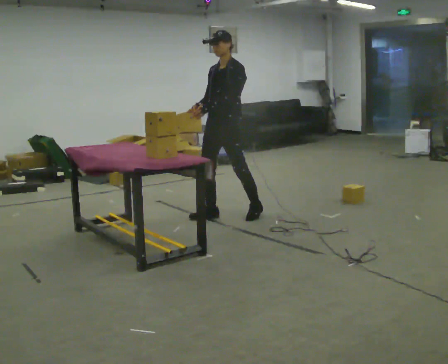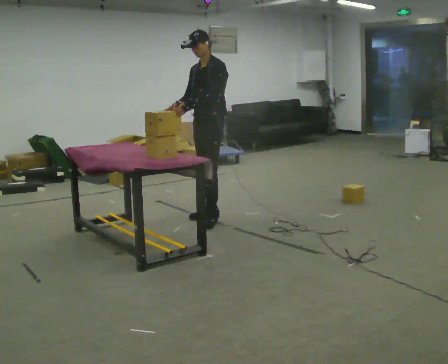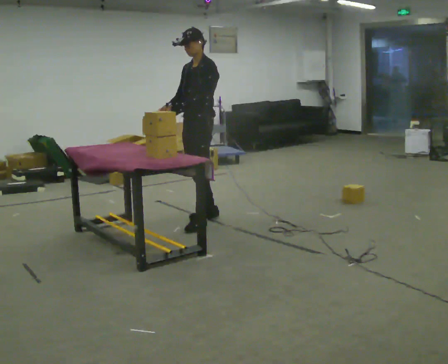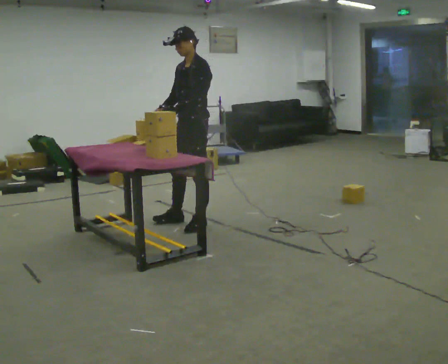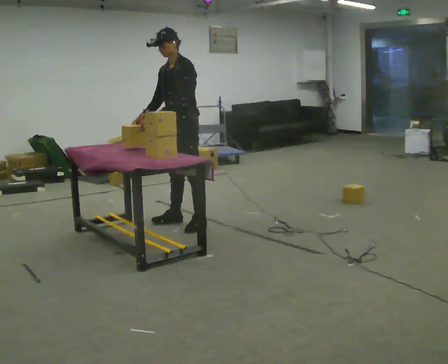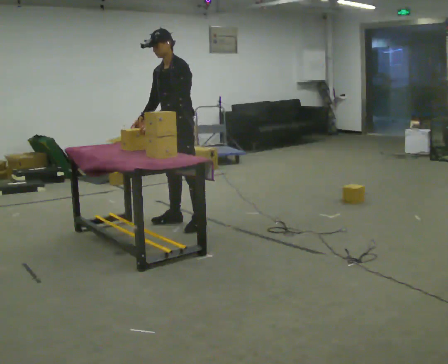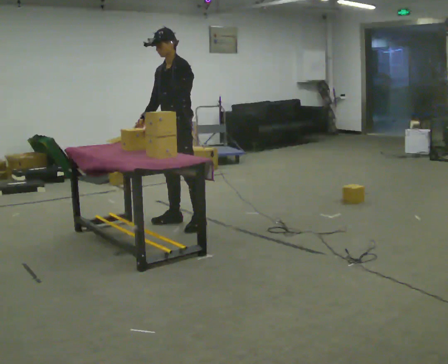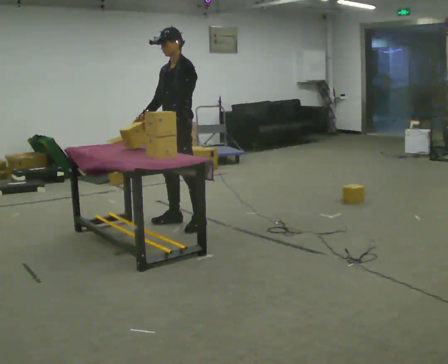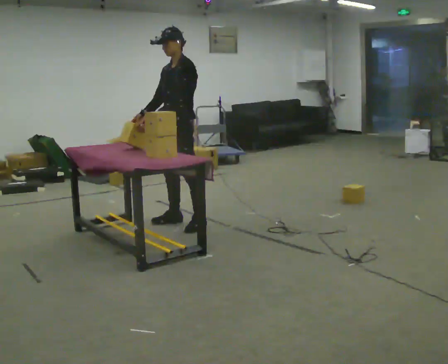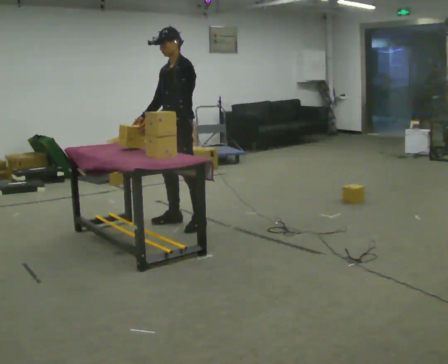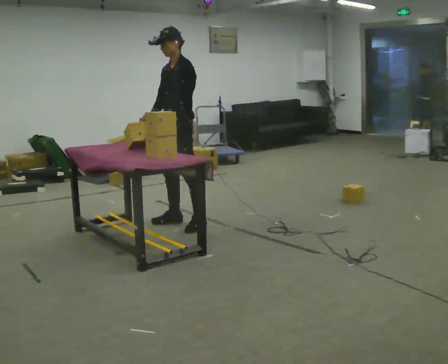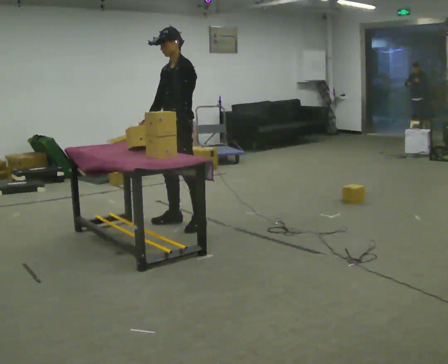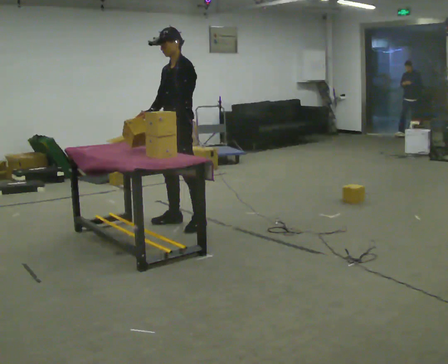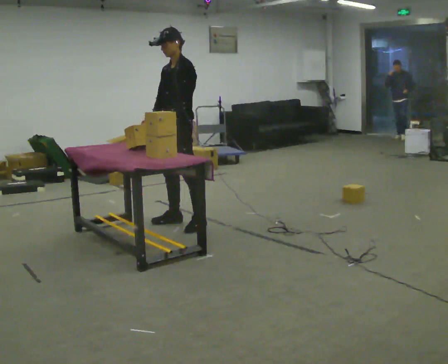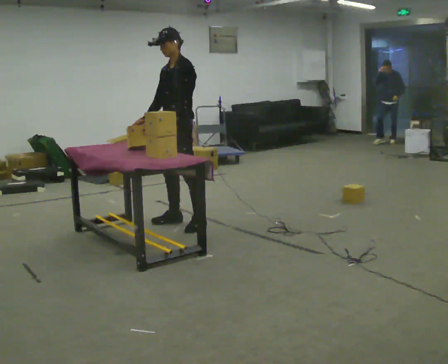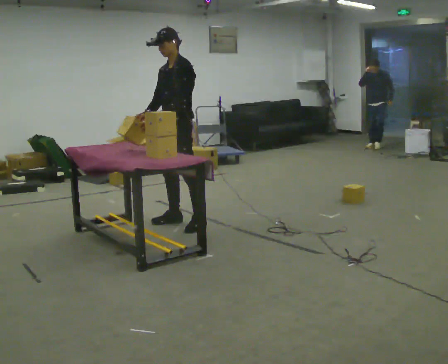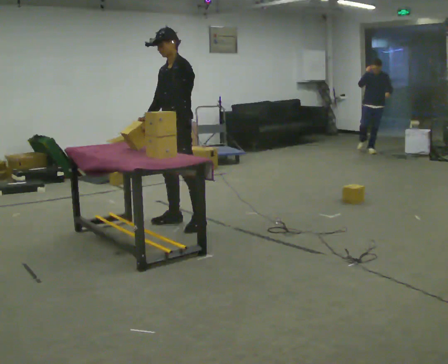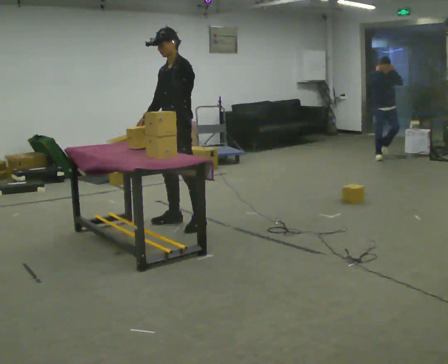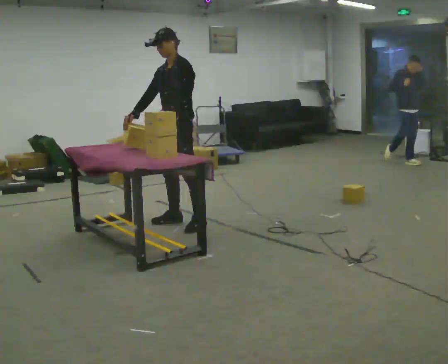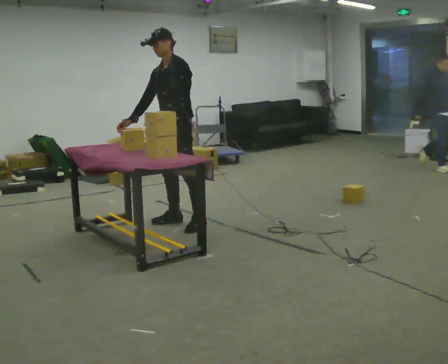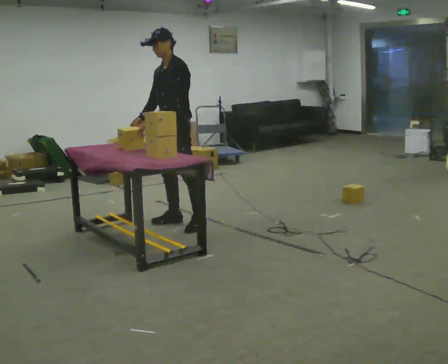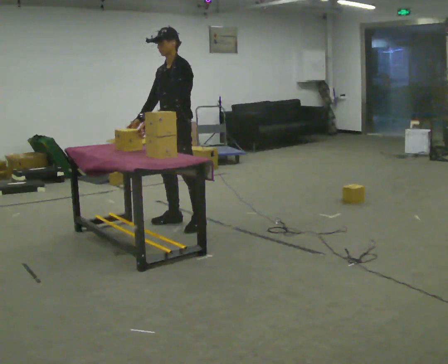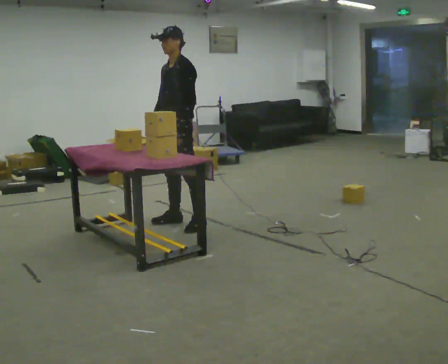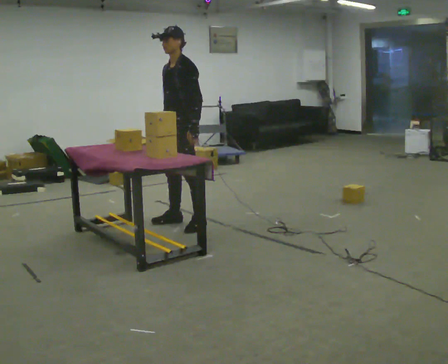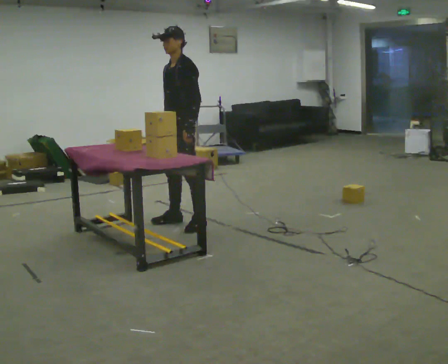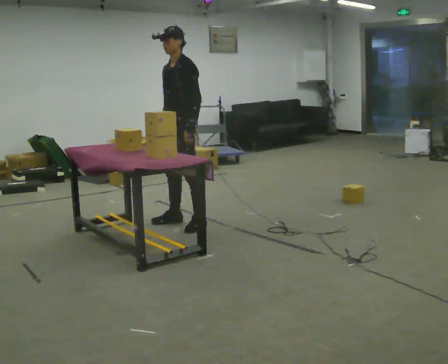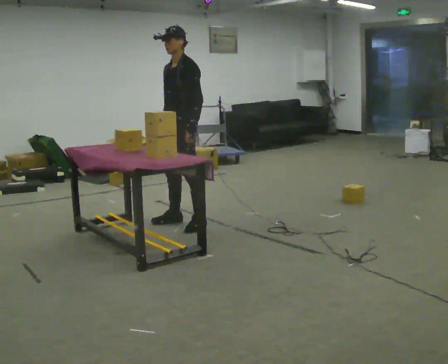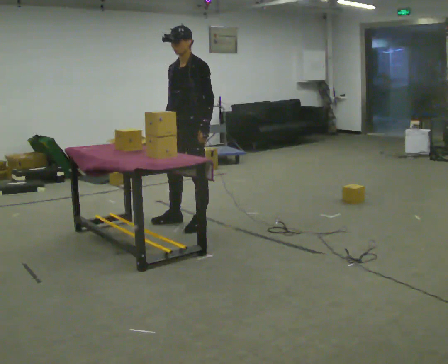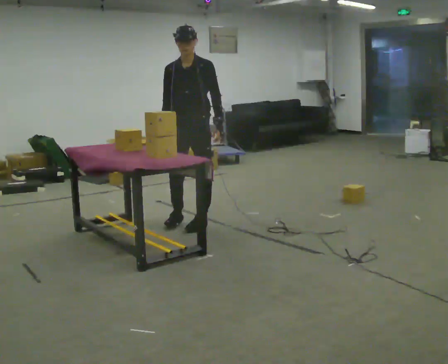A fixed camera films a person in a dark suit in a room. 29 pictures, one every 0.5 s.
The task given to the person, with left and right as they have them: Carry the box over and put it on the shelf with the label facing out towards you. Get the orientation right, not just the position. Keep going until the operator says stop; one object at a time, and do not rush between trips.
0.0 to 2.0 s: In the picture they go to the left, about 0.5 m in 2 steps, which for them is forward.
2.0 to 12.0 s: The person moves a little, or ends about where they began.
12.0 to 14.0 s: Seen from above the body turns counterclockwise, about 45 degrees: to their left, with its near side sliding to the right.
The film runs forward here.
